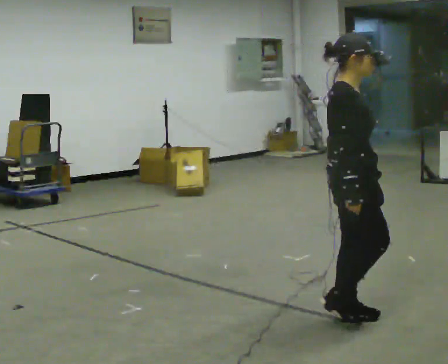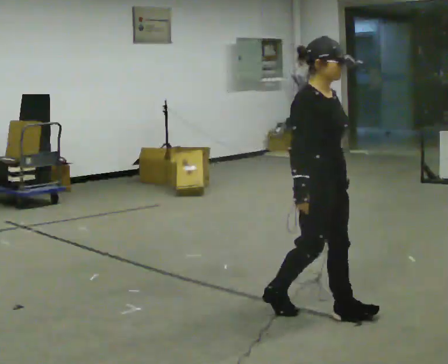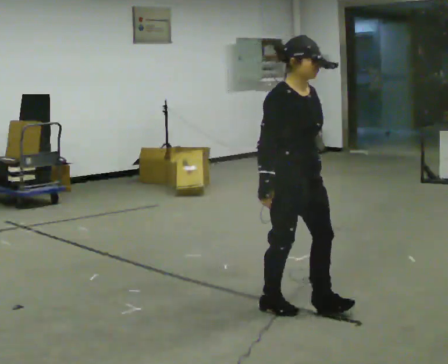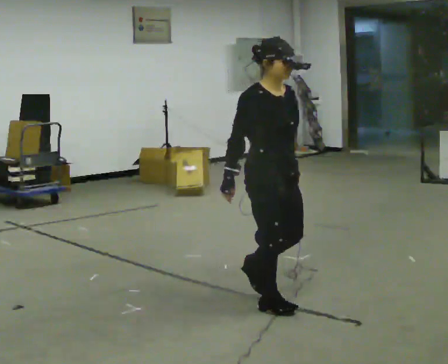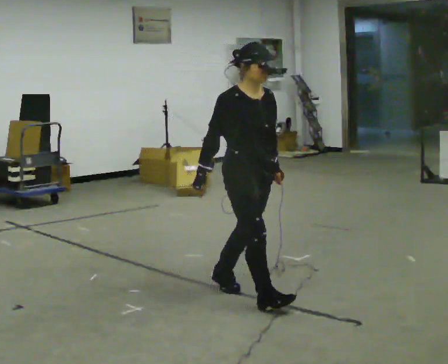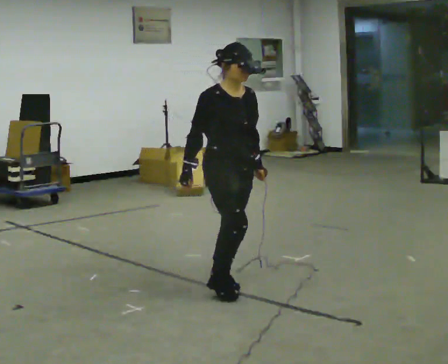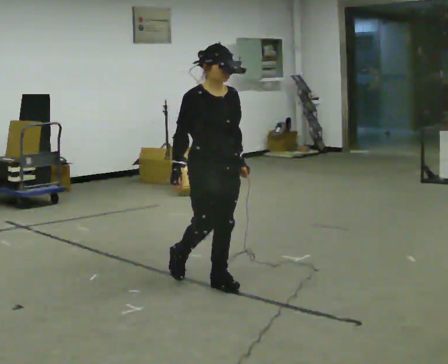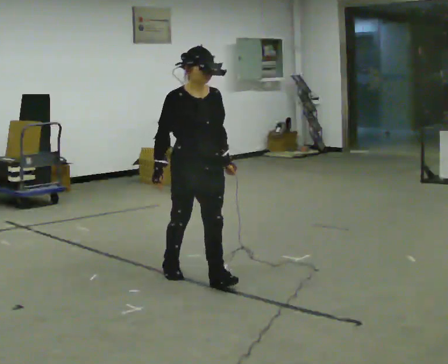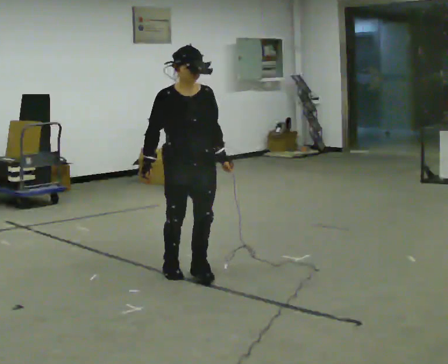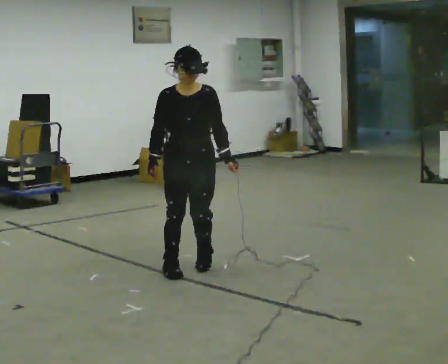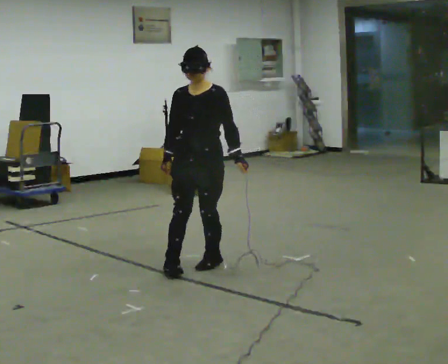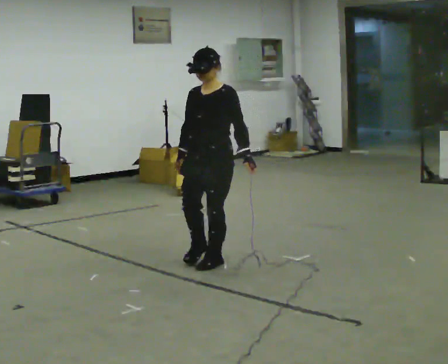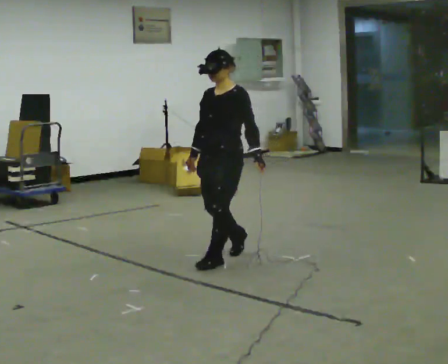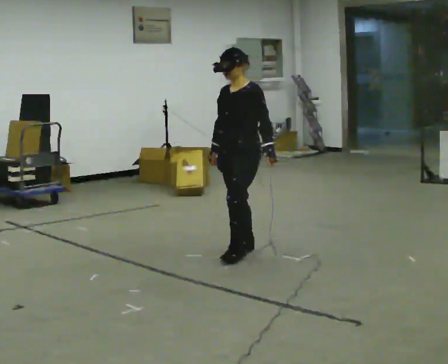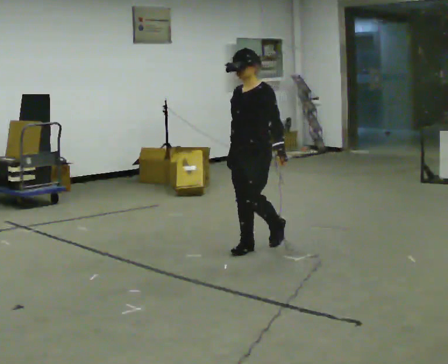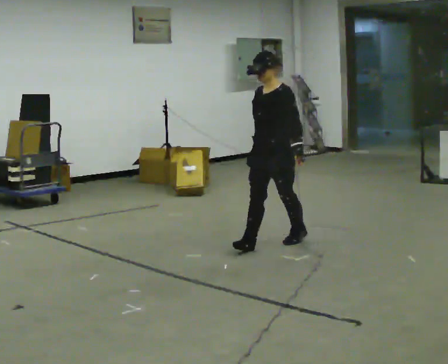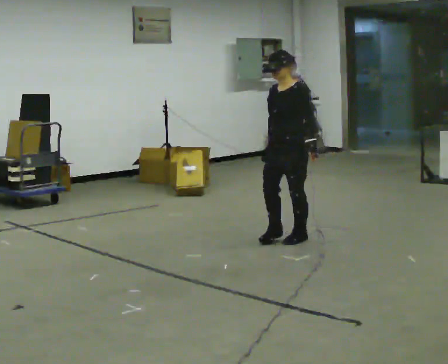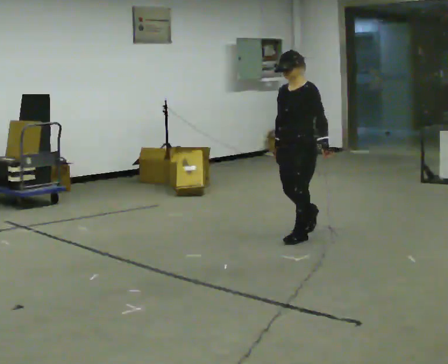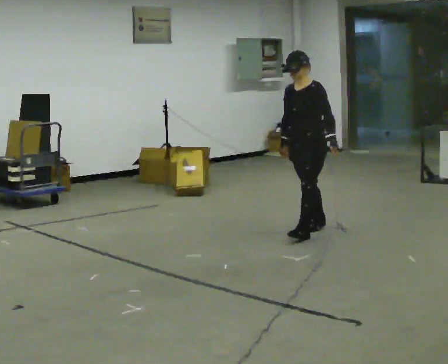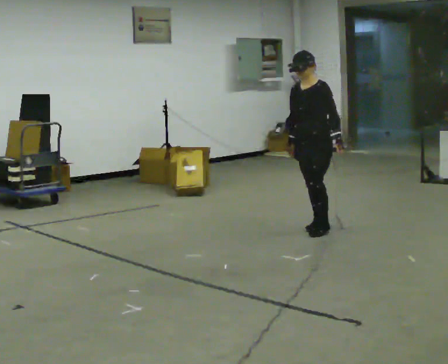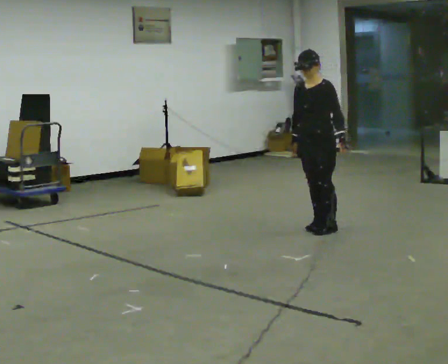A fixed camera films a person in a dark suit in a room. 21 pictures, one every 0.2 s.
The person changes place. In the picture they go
away from the camera.
The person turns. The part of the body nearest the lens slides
to the left.
0.0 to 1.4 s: The part of the body nearest the lens slides to the left as the person turns to their right by about 60 degrees. In the picture they go away from the camera and to the left, about 1 m in 3 steps, which for them is backward.
1.4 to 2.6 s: The person turns about 75 degrees to their right, clockwise seen from above, so the part of the body nearest the lens slides to the left. In the picture they go away from the camera and to the right, about 0.5 m in 2 steps.
2.6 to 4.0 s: In the picture they go to the right and away from the camera, about 1 m in 2 steps, which for them is backward.
The film runs backward here.
